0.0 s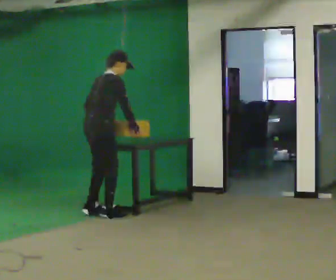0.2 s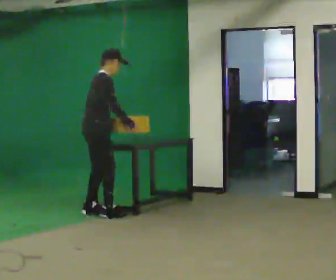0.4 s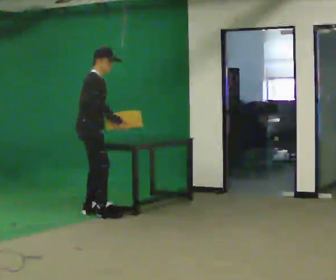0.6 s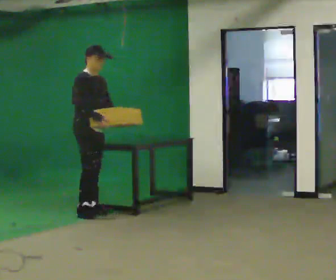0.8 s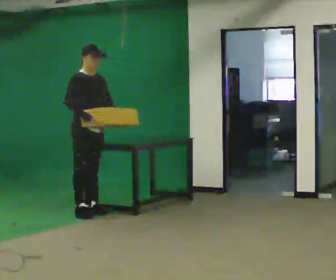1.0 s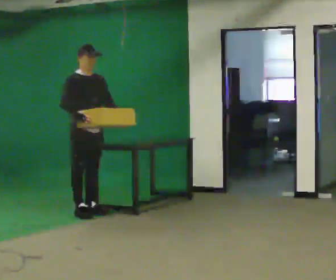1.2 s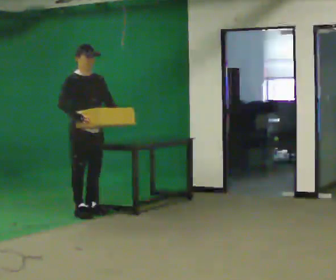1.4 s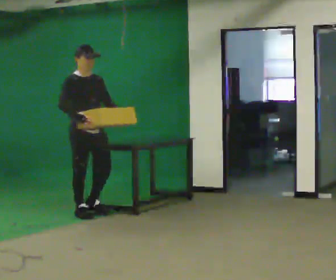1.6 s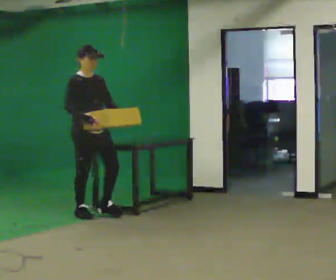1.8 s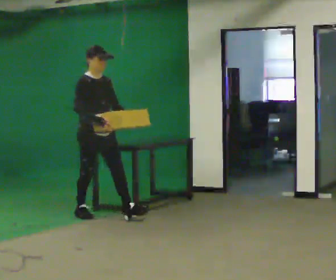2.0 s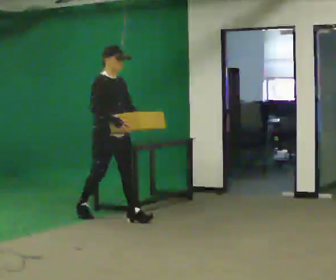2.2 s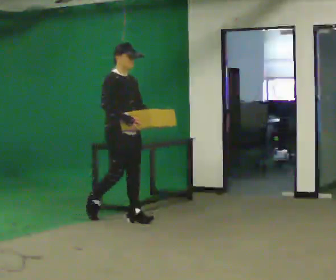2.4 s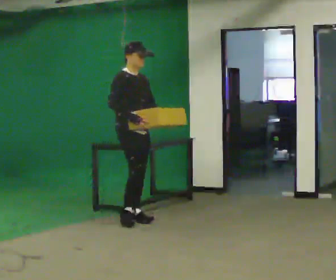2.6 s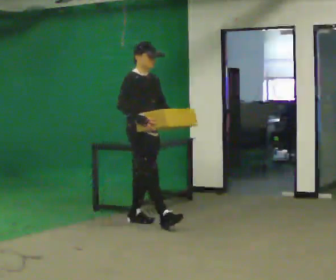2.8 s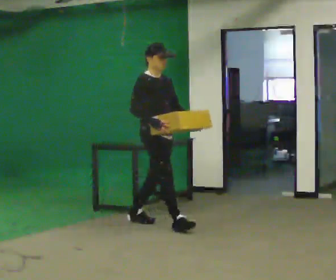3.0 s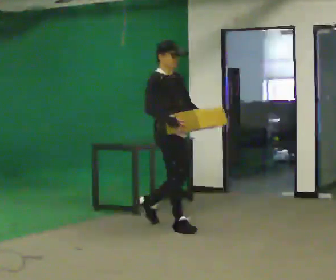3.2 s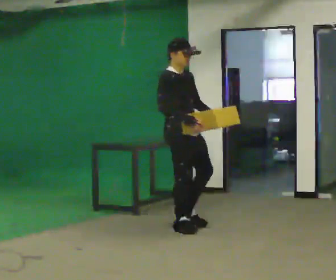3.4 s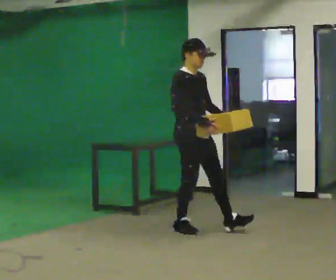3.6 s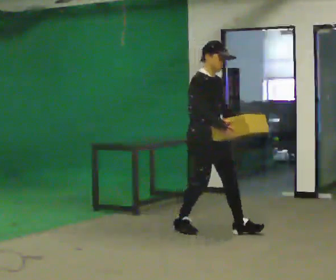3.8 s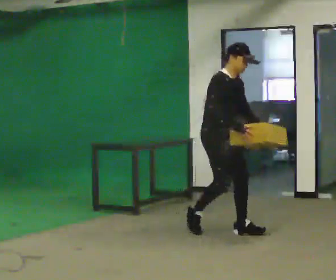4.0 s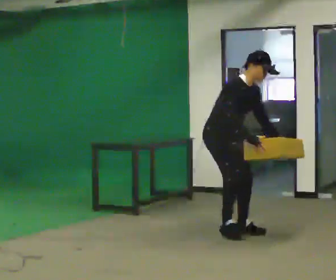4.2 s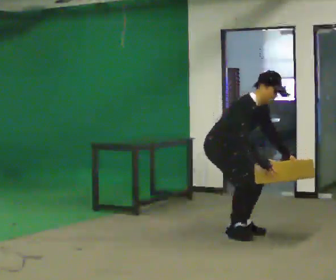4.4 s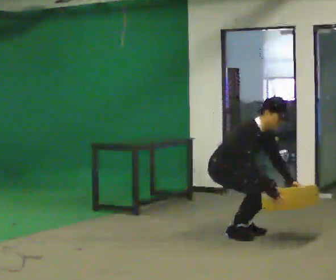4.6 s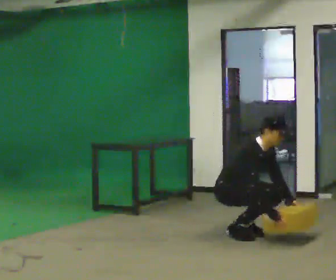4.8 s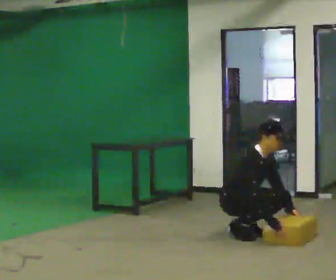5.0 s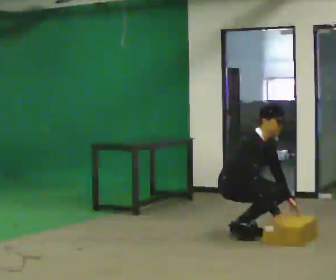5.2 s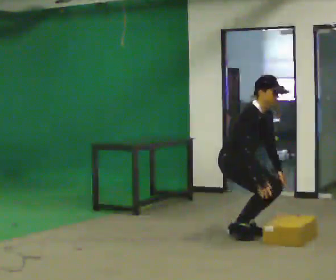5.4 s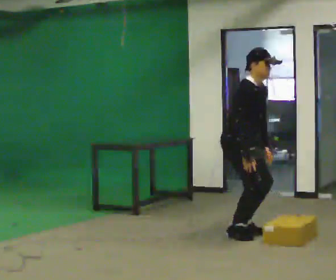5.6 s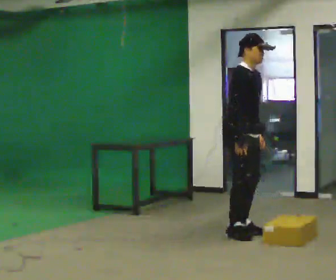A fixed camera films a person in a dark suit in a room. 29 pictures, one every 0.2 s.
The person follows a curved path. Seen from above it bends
counterclockwise.
0.0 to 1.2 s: The person turns about 75 degrees to their right, clockwise seen from above, so the part of the body nearest the lens slides to the left. In the picture they go to the left, about 0.25 m in 2 steps.
1.2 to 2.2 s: In the picture they go to the right and toward the camera, about 0.5 m in 1 step, which for them is forward.
2.2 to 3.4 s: In the picture they go to the right and toward the camera, about 1 m in 1 step, which for them is forward.
3.4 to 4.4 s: In the picture they go to the right, about 0.25 m in 2 steps, which for them is forward. The shoulders move downward. In the picture the upper body tilts clockwise, shoulders to the right, as they bend forward. In the picture their right hand goes downward.
4.4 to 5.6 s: In the picture the upper body tilts counterclockwise, shoulders to the left, as they lean back or straighten. In the picture their left hand goes upward.
The film runs forward here.
